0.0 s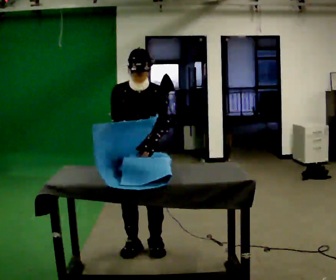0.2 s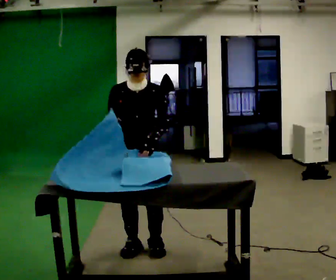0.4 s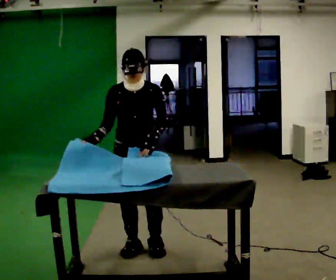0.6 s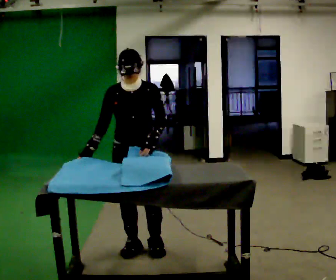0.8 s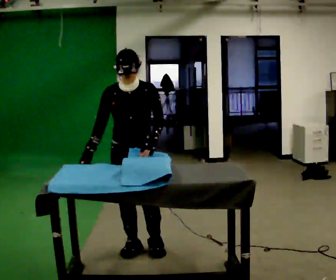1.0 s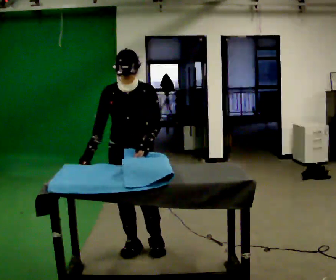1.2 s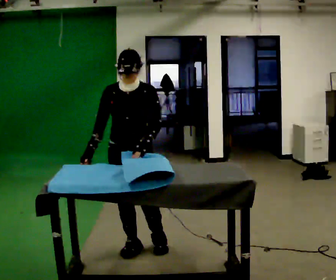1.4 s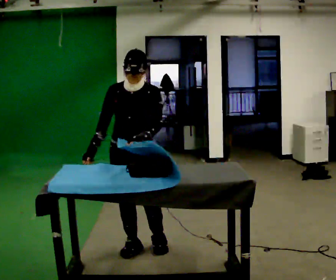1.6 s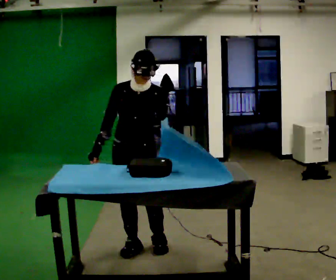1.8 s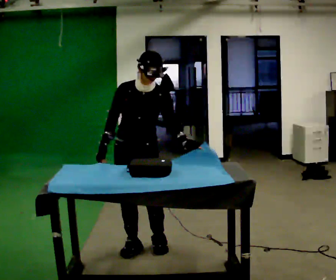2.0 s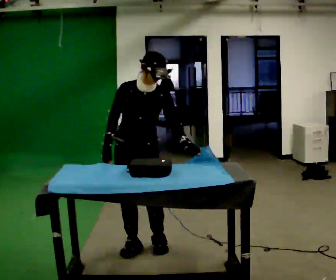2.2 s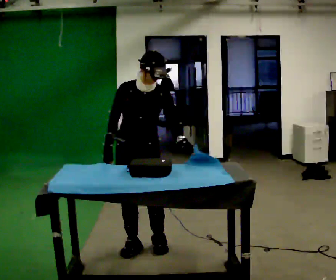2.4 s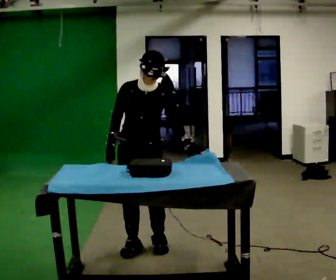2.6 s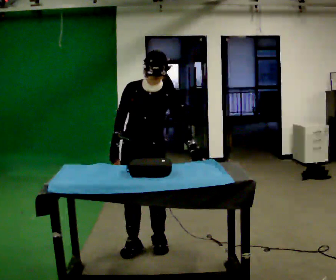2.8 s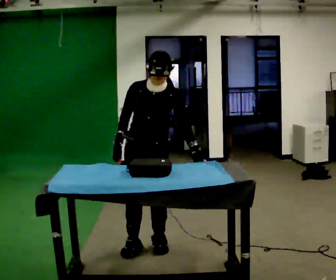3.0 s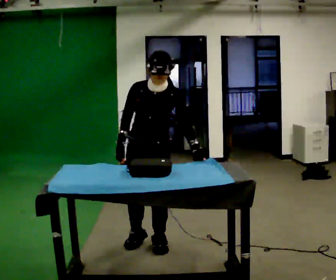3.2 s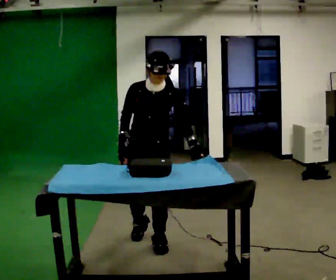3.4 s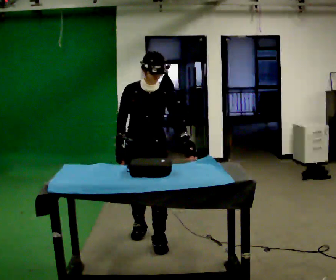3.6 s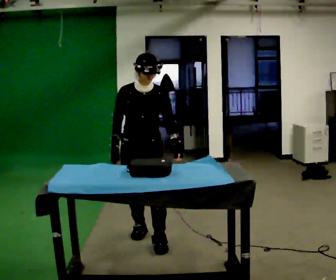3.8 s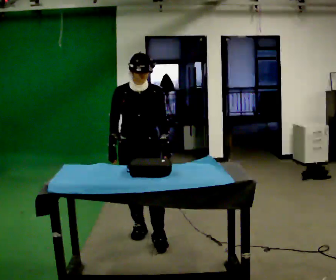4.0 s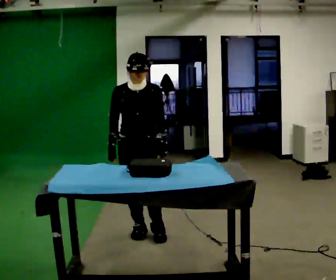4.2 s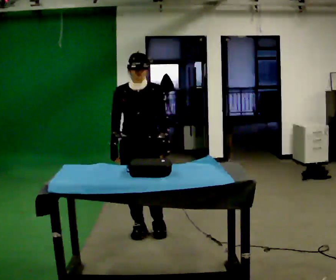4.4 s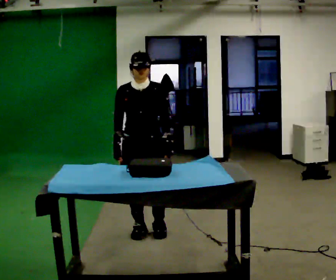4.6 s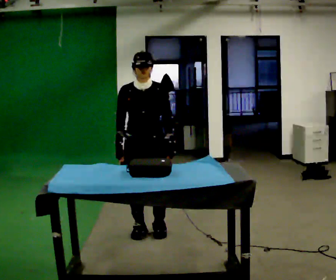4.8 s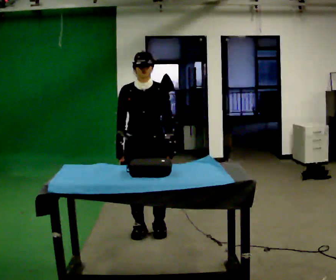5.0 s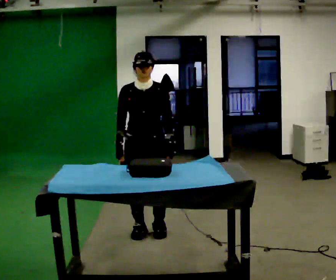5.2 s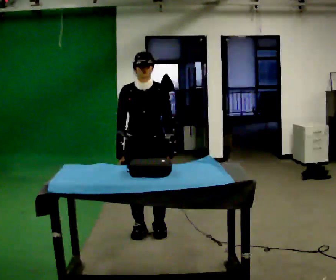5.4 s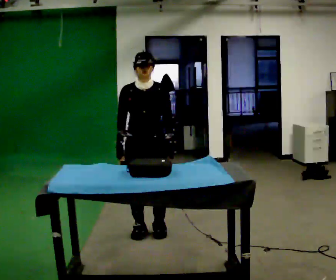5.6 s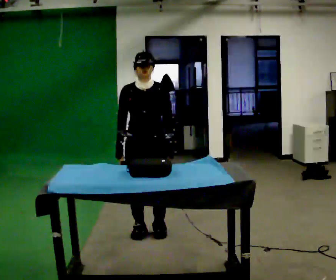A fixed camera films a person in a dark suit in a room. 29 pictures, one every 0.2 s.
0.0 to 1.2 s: In the picture their right hand goes to the left.
1.2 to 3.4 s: In the picture they go away from the camera, about 0.25 m in 1 step, which for them is backward. In the picture their left hand goes to the right.
3.4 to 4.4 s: In the picture they go away from the camera, about 0.25 m in 1 step, which for them is backward.
4.4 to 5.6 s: The person moves a little, or ends about where they began.
The film runs backward here.
